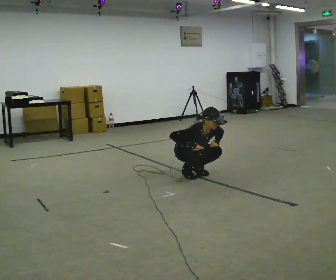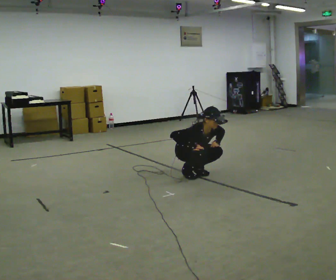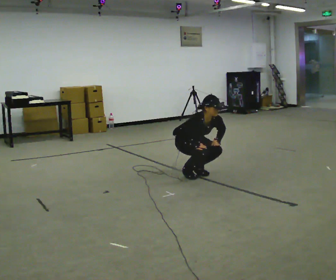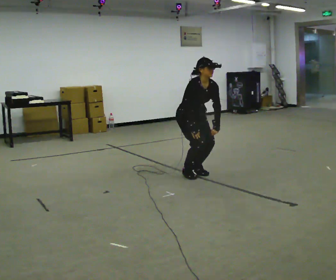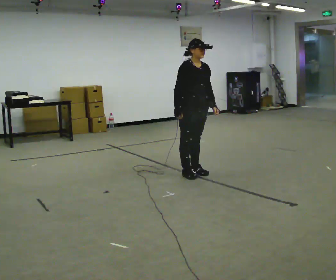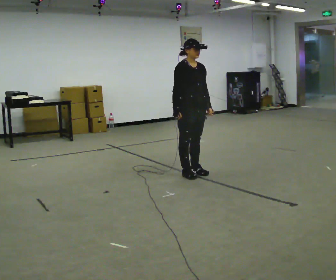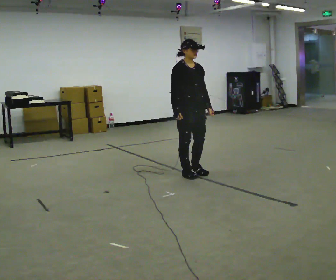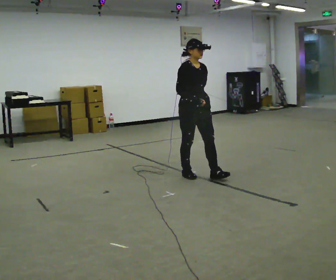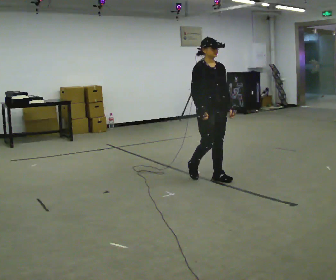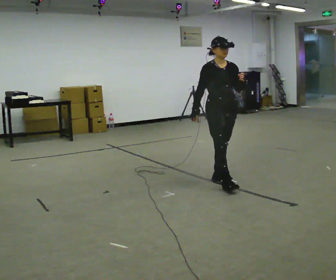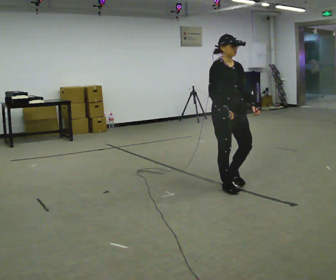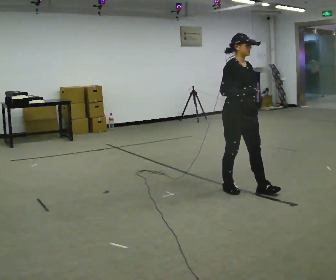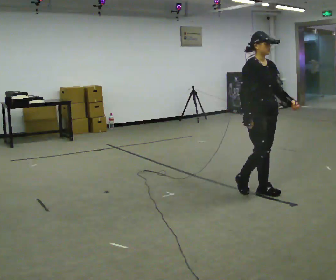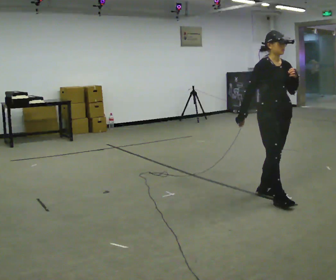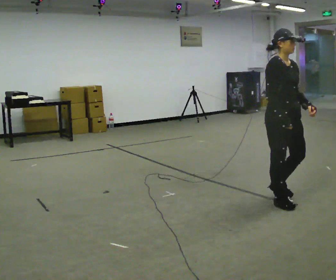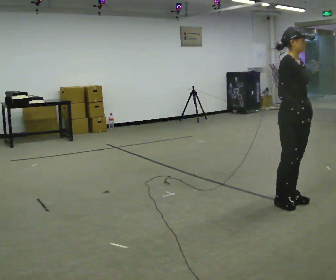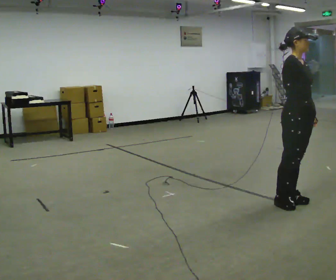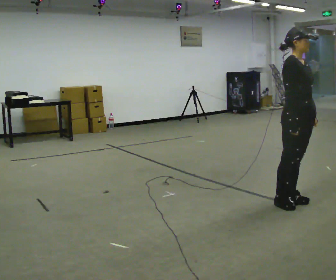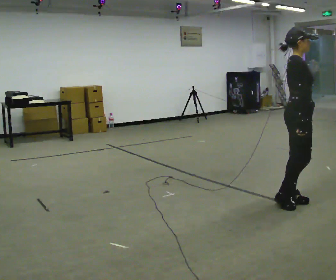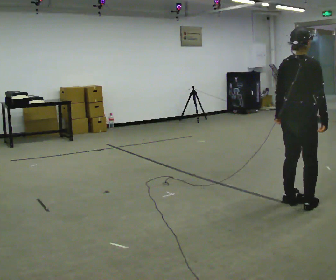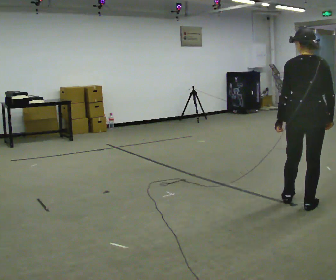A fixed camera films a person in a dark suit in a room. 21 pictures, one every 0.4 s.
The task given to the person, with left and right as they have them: Walk; crouch comfortably at marker; remain briefly; stand and continue.
0.0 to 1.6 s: The upper body goes upward. In the picture the upper body tilts counterclockwise, shoulders to the left, as they lean back or straighten. In the picture their left hand goes upward.
1.6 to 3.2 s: In the picture they go to the right and toward the camera, about 0.25 m in 1 step, which for them is forward.
3.2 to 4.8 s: In the picture they go toward the camera and to the right, about 0.5 m in 2 steps, which for them is forward.
4.8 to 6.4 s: In the picture they go toward the camera and to the right, about 0.5 m in 2 steps, which for them is forward.
6.4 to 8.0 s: The person turns about 120 degrees to their left, counterclockwise seen from above, so the part of the body nearest the lens slides to the right. In the picture their left hand goes to the left, the arm swinging clockwise.
The film runs forward here.
